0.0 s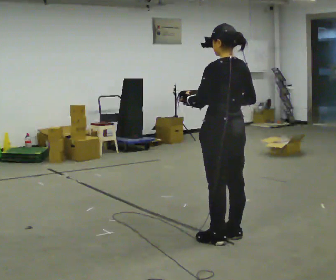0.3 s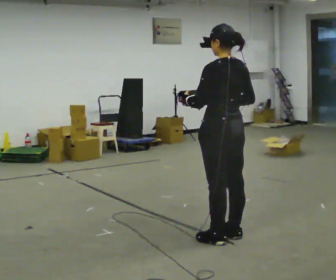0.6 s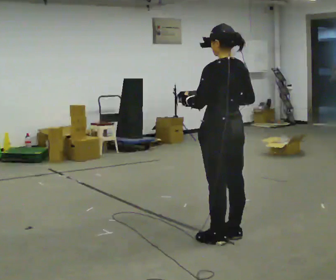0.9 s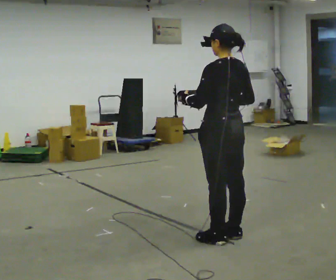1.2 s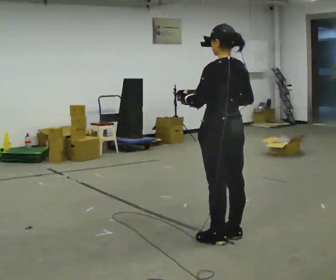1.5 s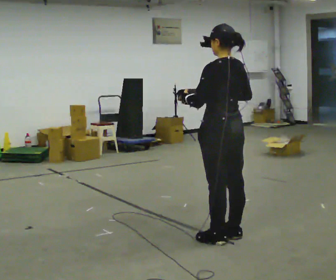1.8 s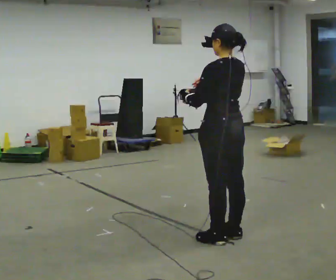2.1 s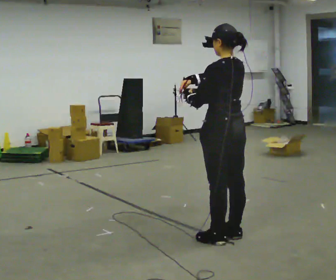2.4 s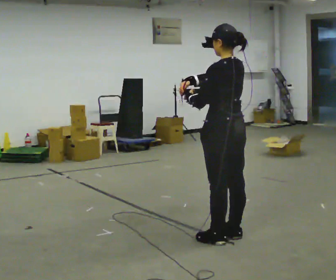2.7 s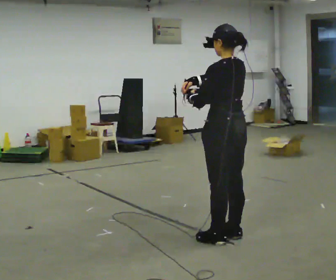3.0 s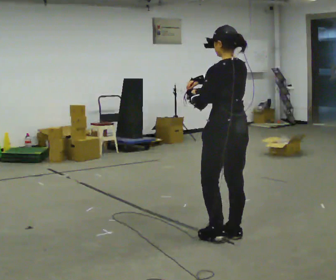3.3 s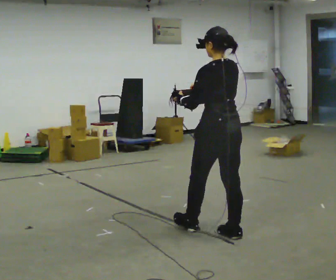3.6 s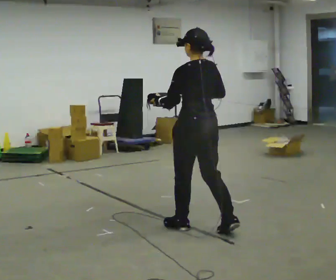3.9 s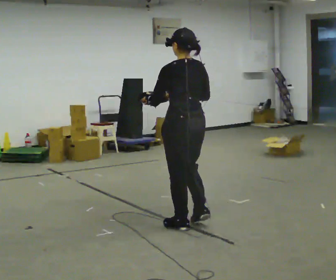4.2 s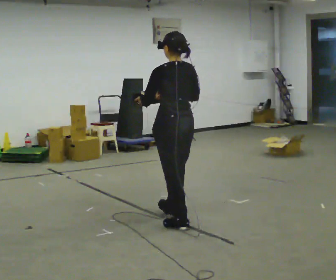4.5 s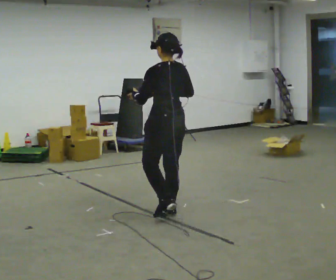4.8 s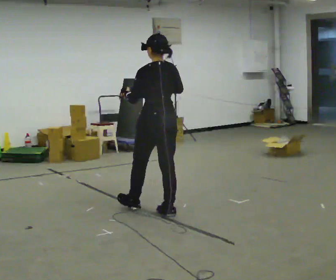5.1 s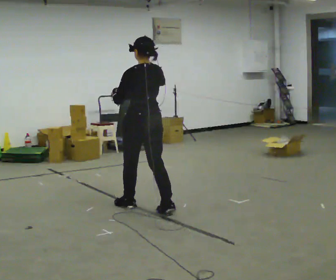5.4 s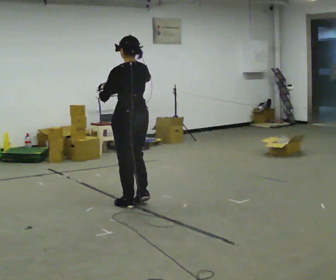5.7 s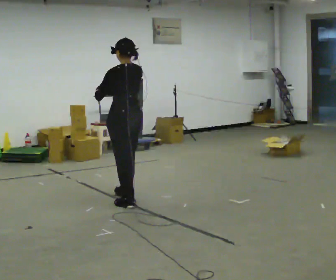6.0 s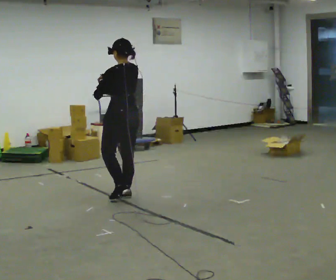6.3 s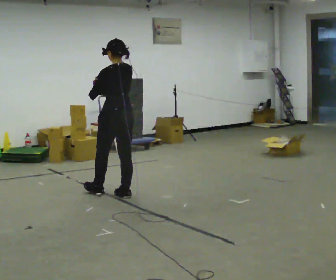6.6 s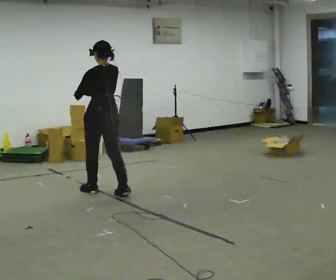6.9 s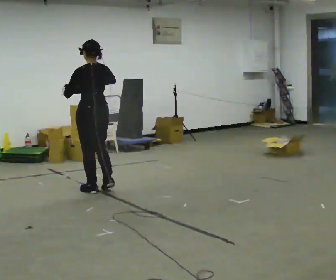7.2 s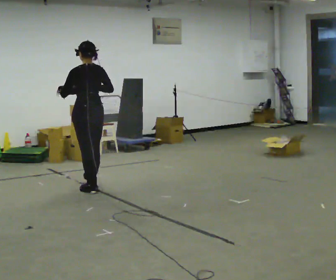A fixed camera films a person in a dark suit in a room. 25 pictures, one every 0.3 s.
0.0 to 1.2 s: The person keeps their place and pose.
1.2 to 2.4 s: The person moves a little, or ends about where they began.
2.4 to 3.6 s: In the picture they go to the left and away from the camera, about 0.25 m in 1 step, which for them is forward.
3.6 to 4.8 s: In the picture they go away from the camera and to the left, about 0.5 m in 1 step, which for them is forward.
4.8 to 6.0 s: In the picture they go away from the camera and to the left, about 0.75 m in 2 steps, which for them is forward.
6.0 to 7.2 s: In the picture they go to the left and away from the camera, about 0.5 m in 1 step, which for them is forward.
The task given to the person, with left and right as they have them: Carry the bag and, while walking, undo the buckle or zip, then do it up again. Keep repeating as you walk. Do not stop.
The film runs forward here.
